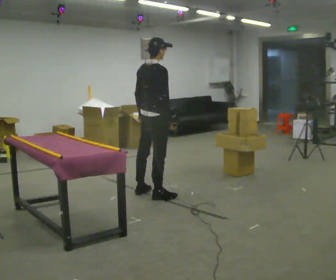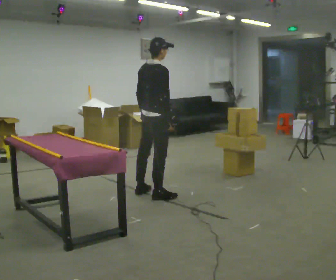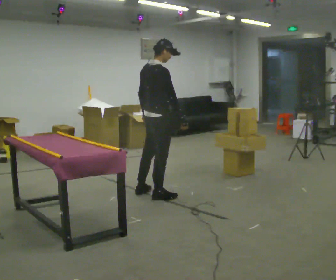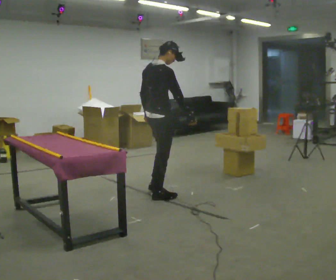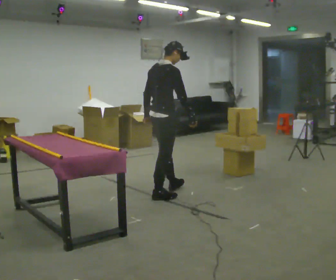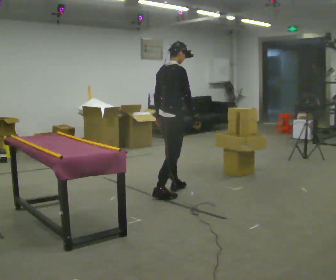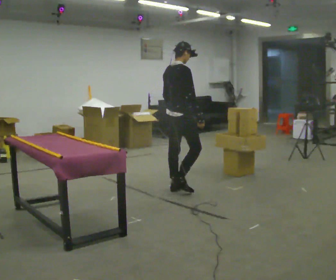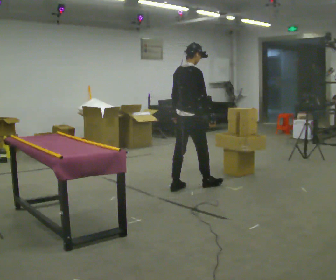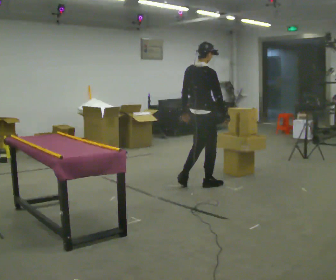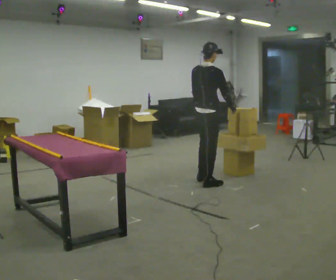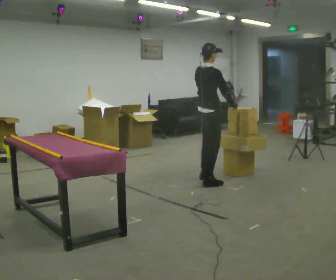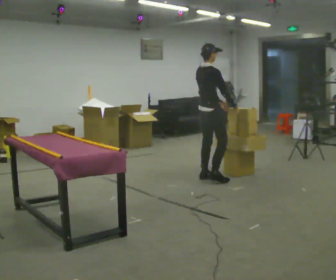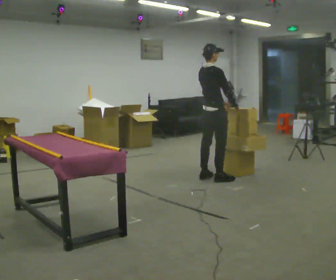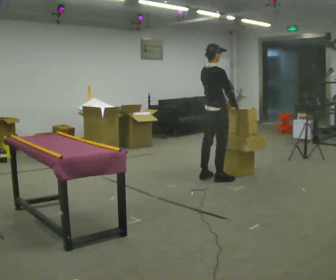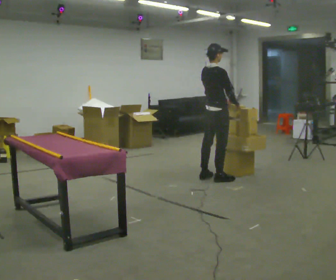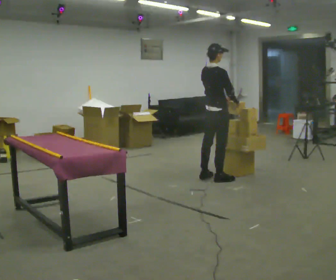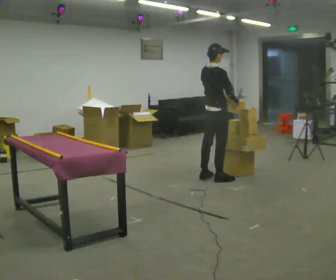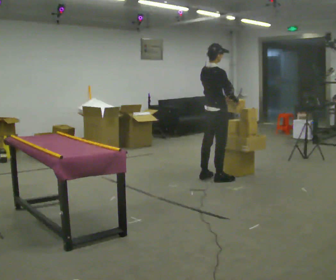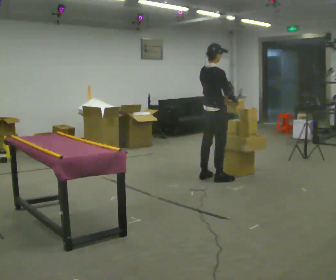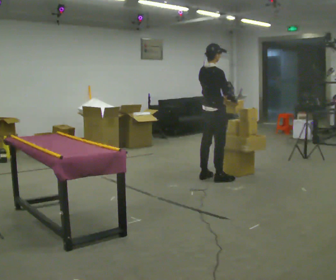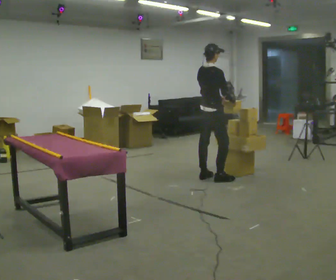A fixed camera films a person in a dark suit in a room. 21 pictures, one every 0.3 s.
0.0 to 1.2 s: The person moves a little, or ends about where they began.
1.2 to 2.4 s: In the picture they go to the right and away from the camera, about 0.5 m in 2 steps, which for them is forward.
2.4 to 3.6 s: In the picture they go away from the camera and to the right, about 0.5 m in 2 steps, which for them is forward and to their left.
3.6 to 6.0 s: The person moves a little, or ends about where they began.
The film runs forward here.
